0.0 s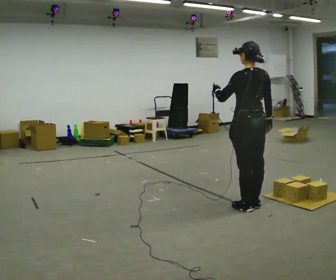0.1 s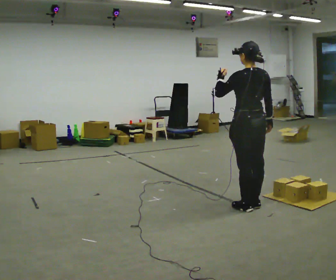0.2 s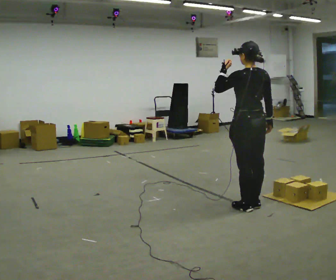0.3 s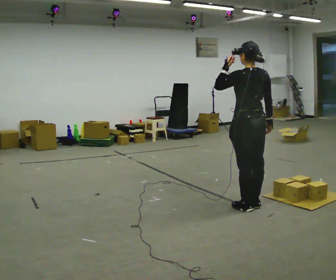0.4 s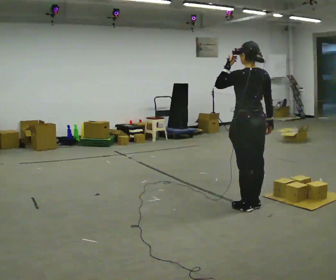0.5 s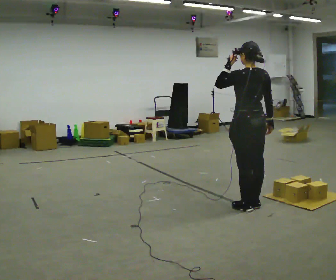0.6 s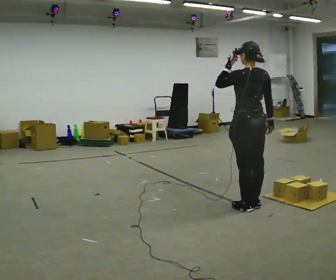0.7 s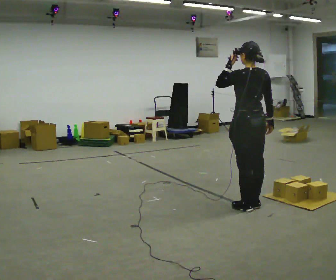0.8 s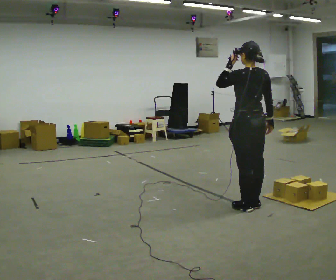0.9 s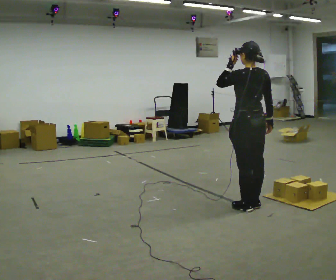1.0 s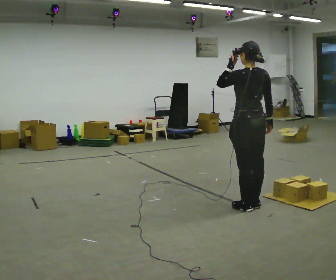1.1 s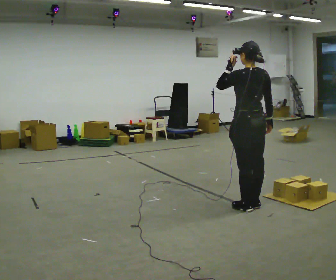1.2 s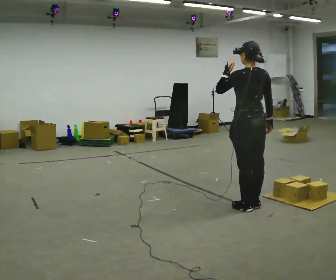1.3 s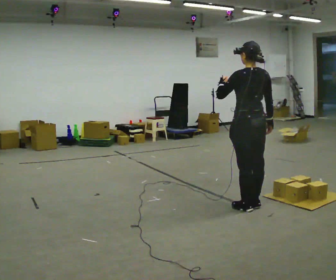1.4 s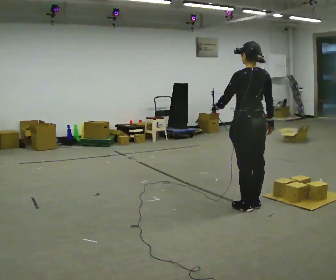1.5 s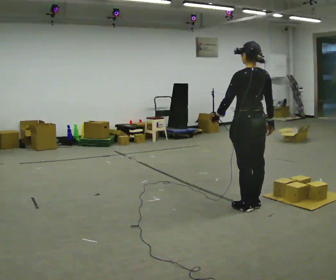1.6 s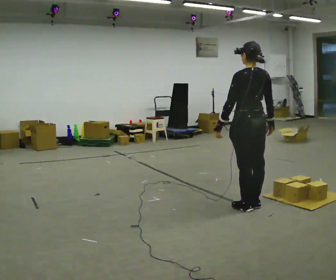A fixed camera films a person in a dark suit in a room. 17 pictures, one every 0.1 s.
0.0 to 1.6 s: In the picture their left hand goes downward.
The film runs forward here.
